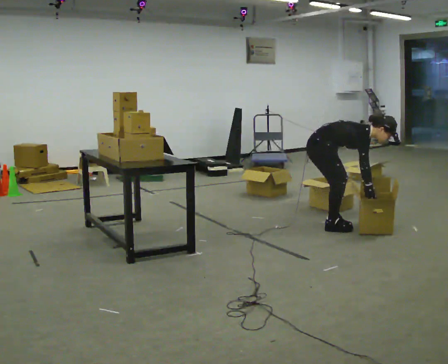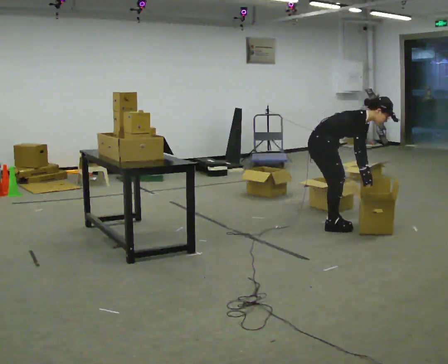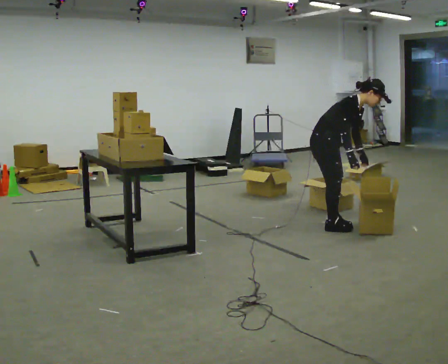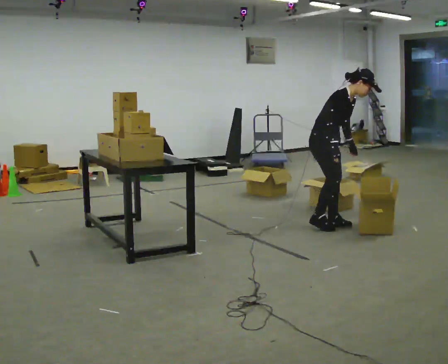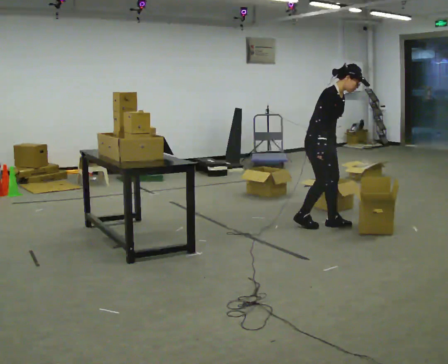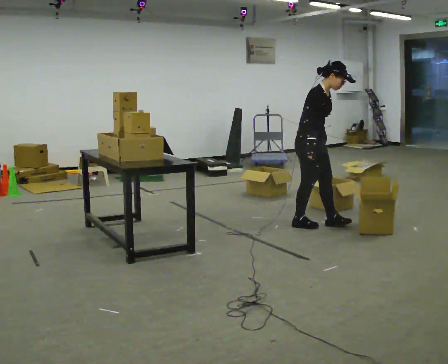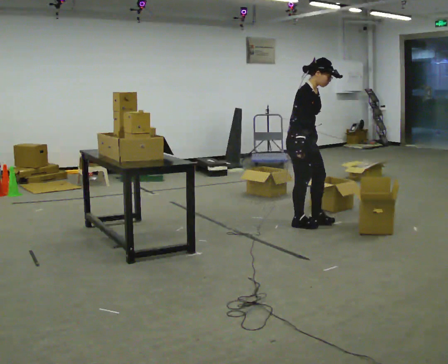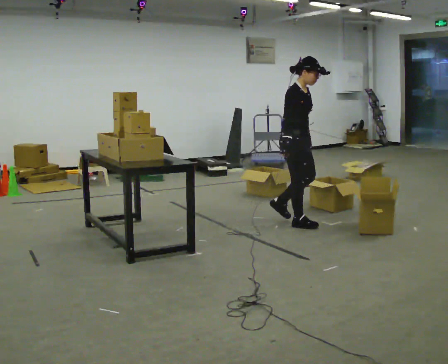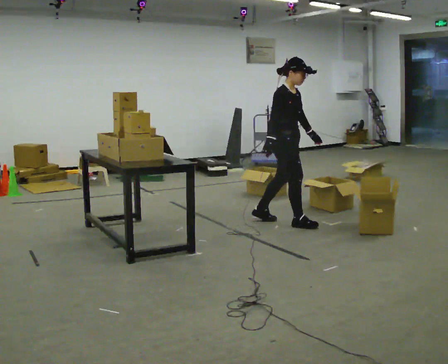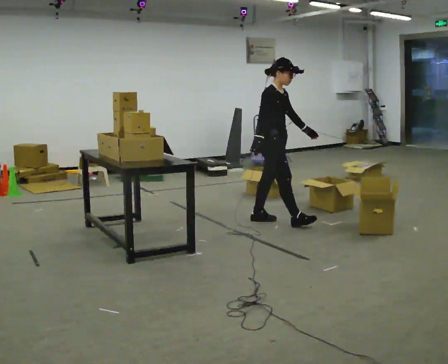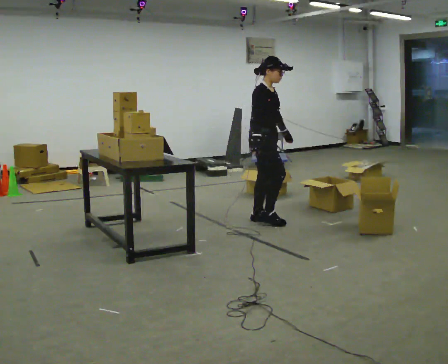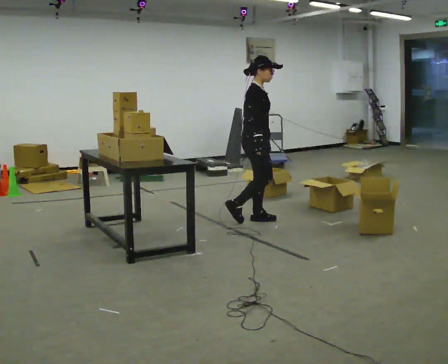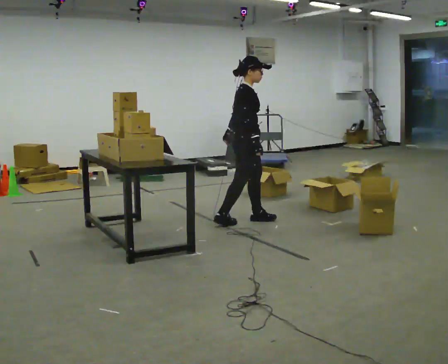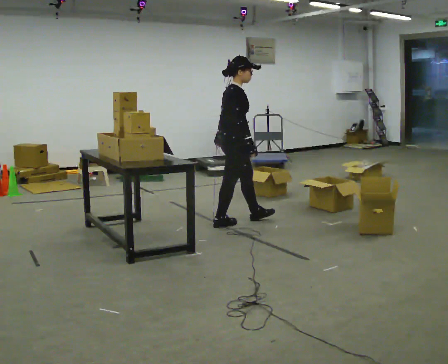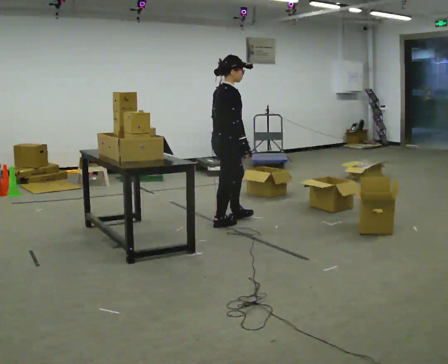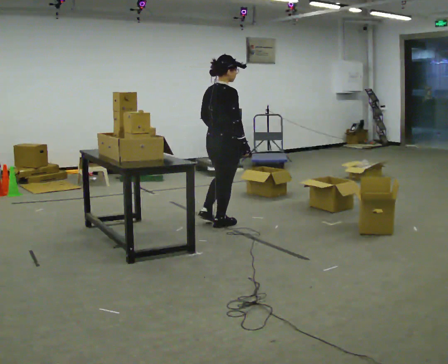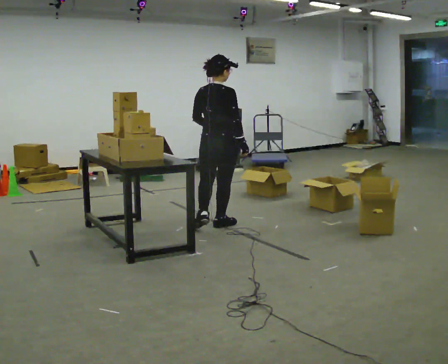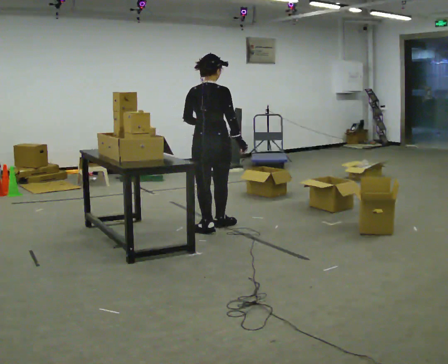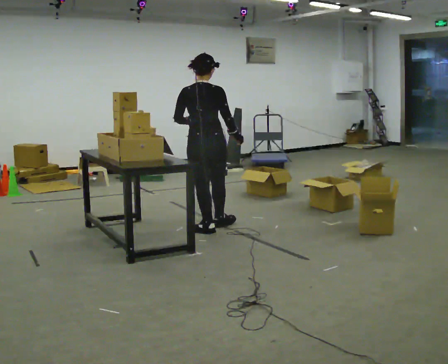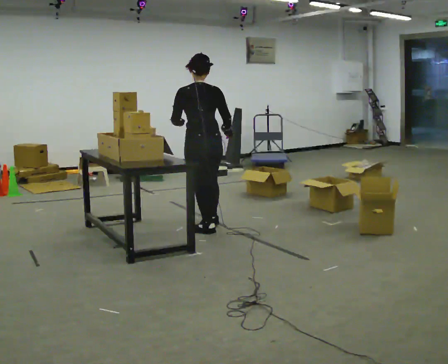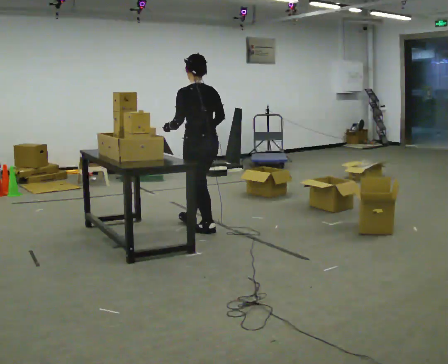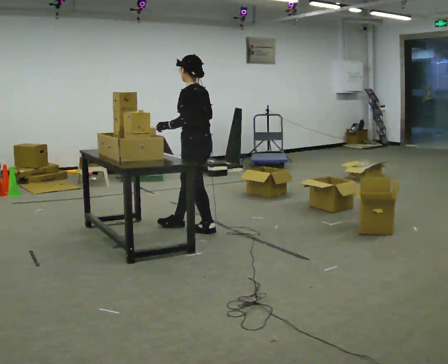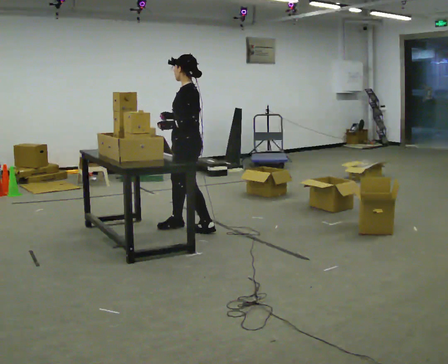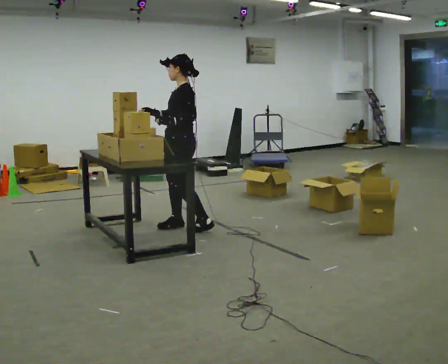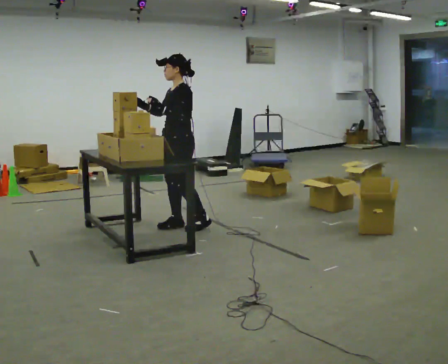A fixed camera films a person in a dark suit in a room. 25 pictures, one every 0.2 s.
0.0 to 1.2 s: In the picture they go to the left, about 0.25 m in 2 steps, which for them is backward. The shoulders move upward. In the picture the upper body tilts counterclockwise, shoulders to the left, as they lean back or straighten. In the picture their left hand goes to the left and upward.
1.2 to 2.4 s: In the picture they go to the left, about 0.5 m in 1 step, which for them is backward.
2.4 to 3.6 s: The person turns about 90 degrees to their left, counterclockwise seen from above, so the part of the body nearest the lens slides to the right. In the picture they go to the left and toward the camera, about 0.5 m in 1 step.
3.6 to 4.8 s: Seen from above the body turns counterclockwise, about 120 degrees: to their left, with its near side sliding to the right. In the picture they go to the left, about 0.25 m in 2 steps.
The film runs backward here.
